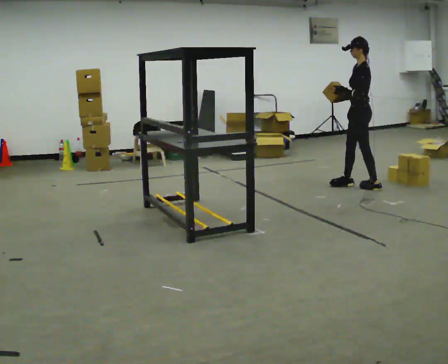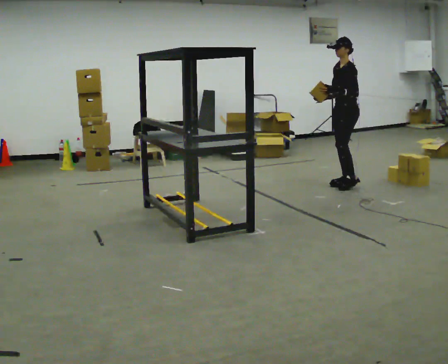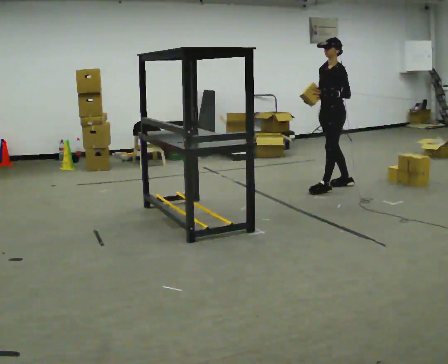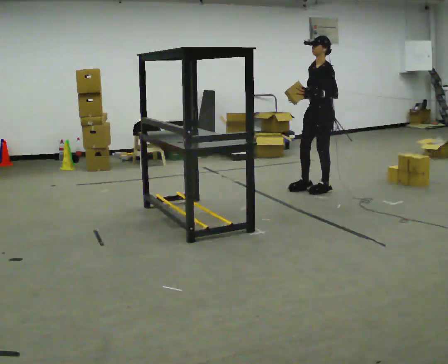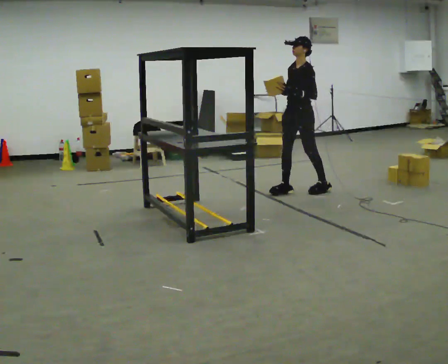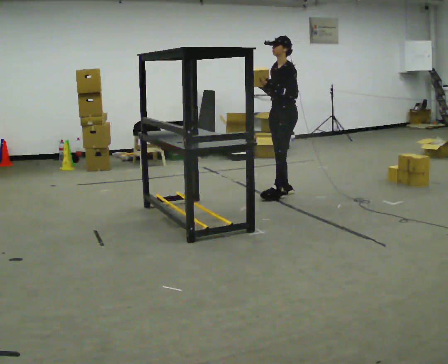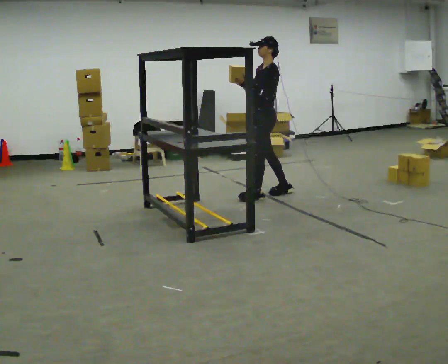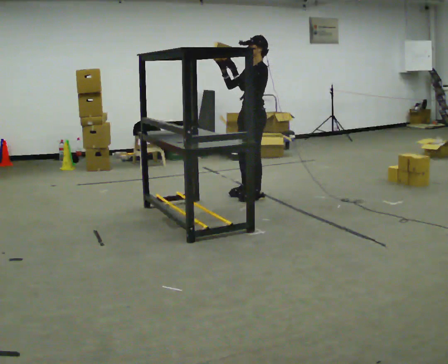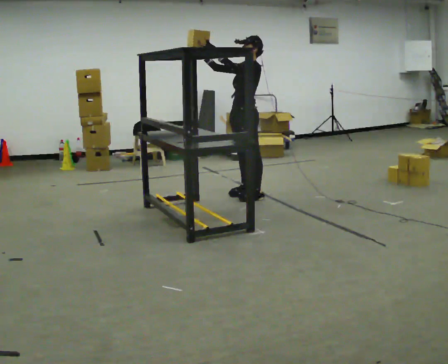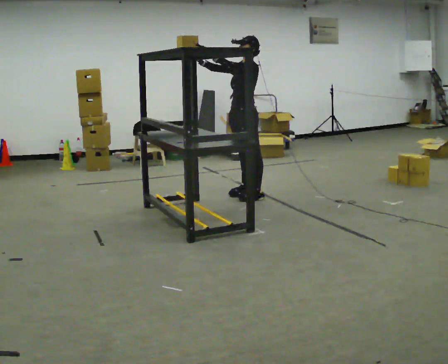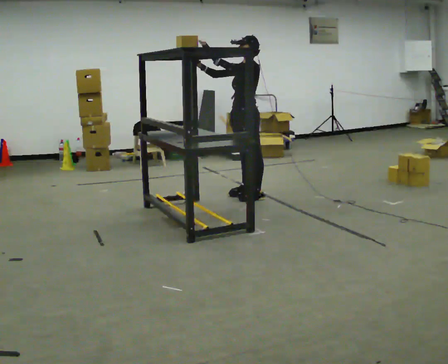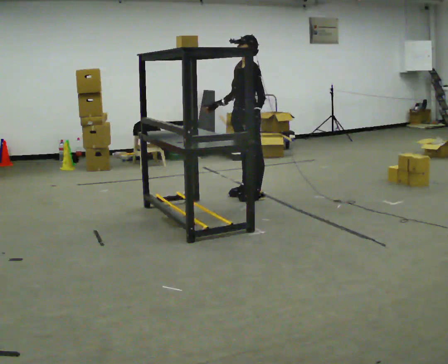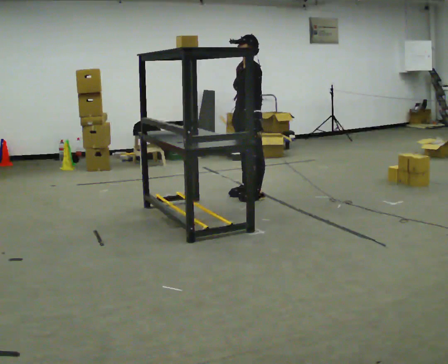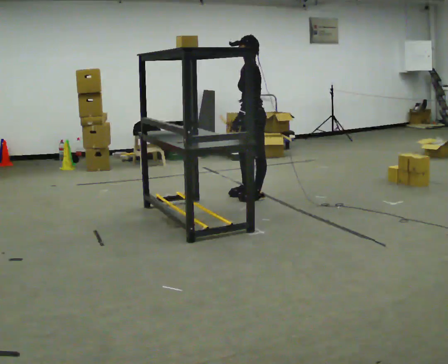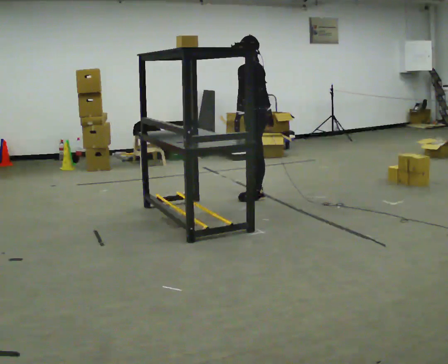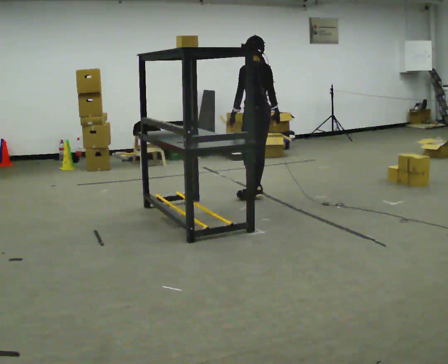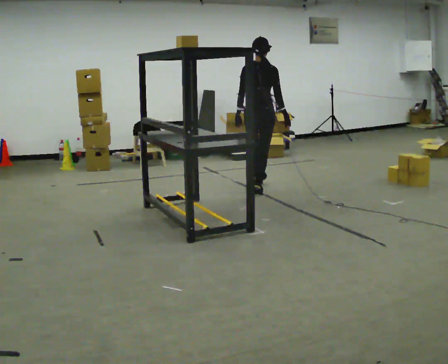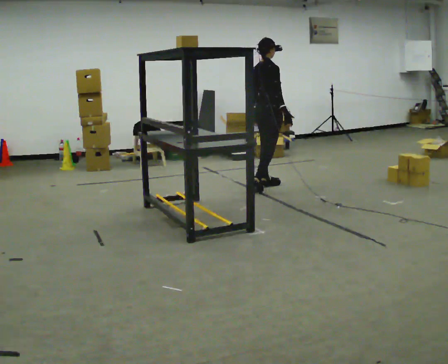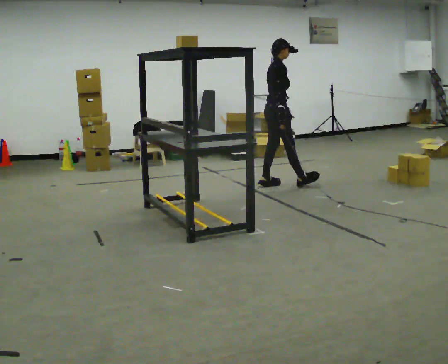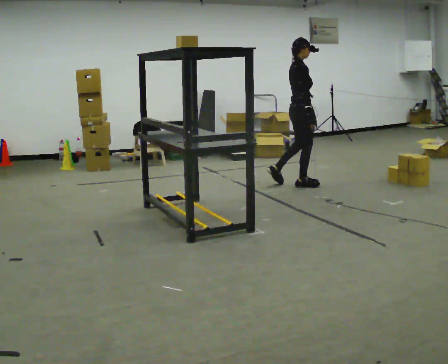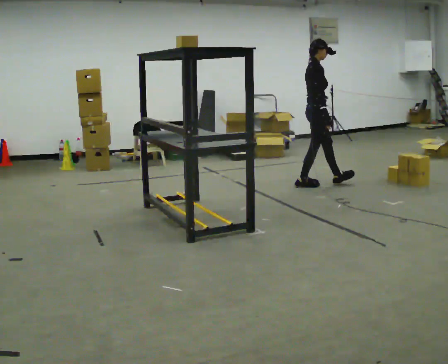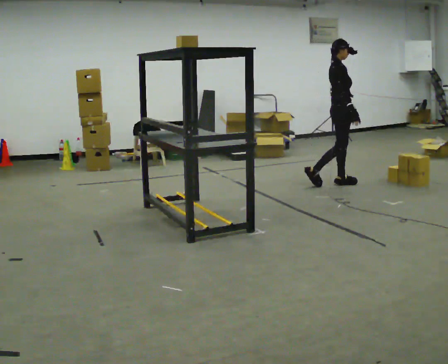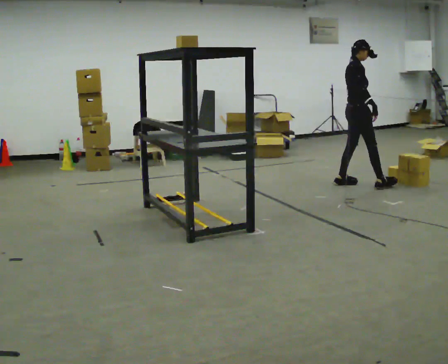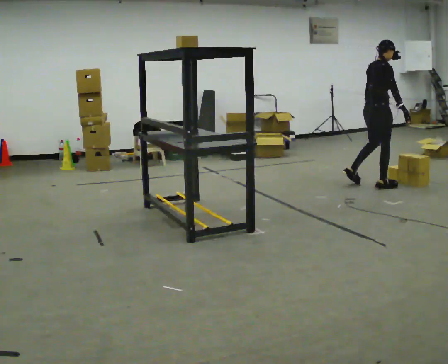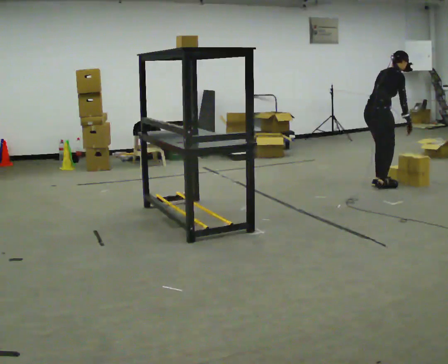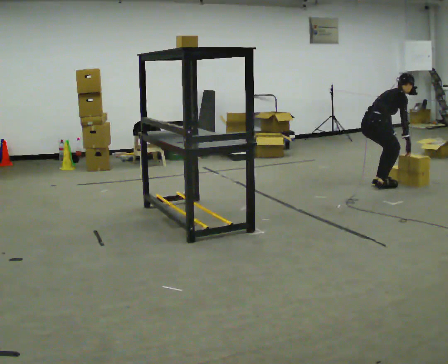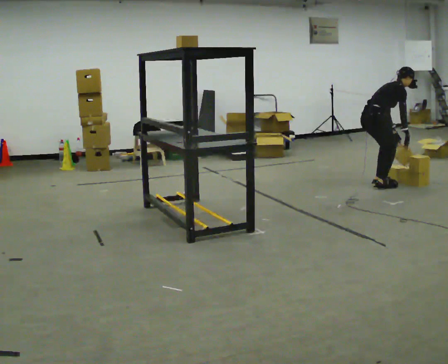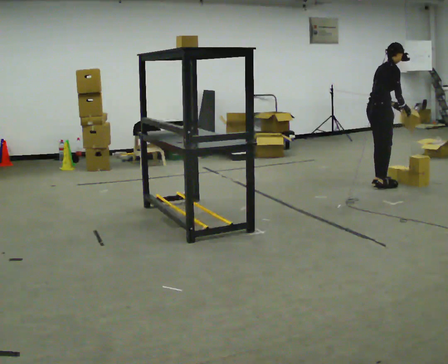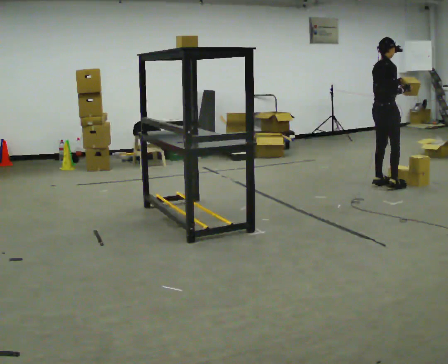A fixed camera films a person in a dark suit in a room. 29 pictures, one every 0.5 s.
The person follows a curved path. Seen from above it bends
clockwise.
0.0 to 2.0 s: The person turns about 45 degrees to their left, counterclockwise seen from above, so the part of the body nearest the lens slides to the right. In the picture they go to the left, about 0.75 m in 2 steps, which for them is forward.
2.0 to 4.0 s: In the picture they go to the left, about 0.5 m in 2 steps, which for them is forward. In the picture their left hand goes upward.
4.0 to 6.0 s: In the picture their left hand goes downward and to the right.
6.0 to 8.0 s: Seen from above the body turns clockwise, about 135 degrees: to their right, with its near side sliding to the left. In the picture they go away from the camera, about 0.25 m. In the picture their right hand goes to the right.
8.0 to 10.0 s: The part of the body nearest the lens slides to the left as the person turns to their right by about 75 degrees. In the picture they go to the right and away from the camera, about 0.75 m in 3 steps.
10.0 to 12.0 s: The person turns about 30 degrees to their left, counterclockwise seen from above, so the part of the body nearest the lens slides to the right. In the picture they go to the right, about 0.75 m in 2 steps, which for them is forward. In the picture the upper body tilts clockwise, shoulders to the right, as they bend forward.
12.0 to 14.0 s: In the picture their left hand goes upward.
The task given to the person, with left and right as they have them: Take an object from the lowest shelf, carry it across the room, and place it on the highest shelf you can comfortably reach. Keep going until the operator says stop; one object at a time, and do not rush between trips.
The film runs forward here.
